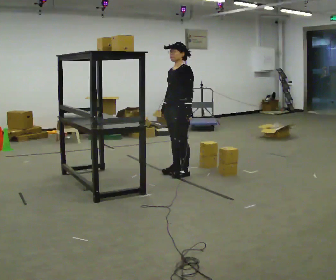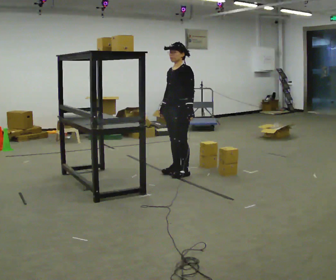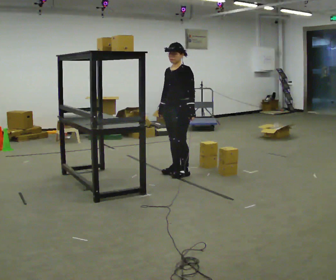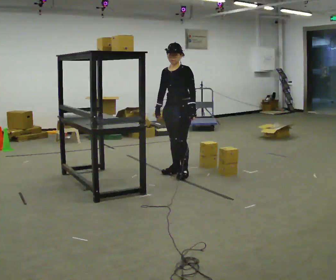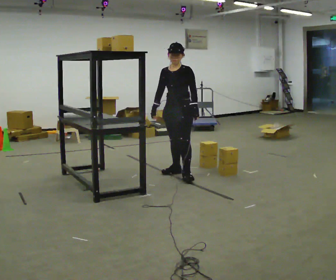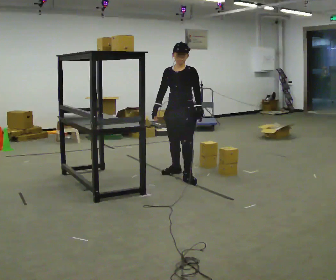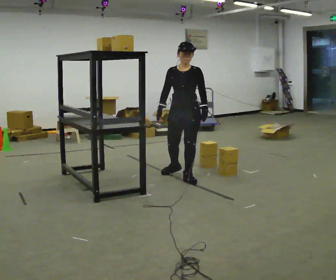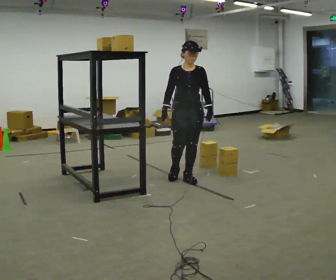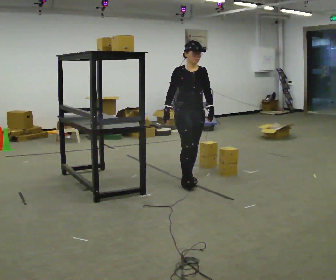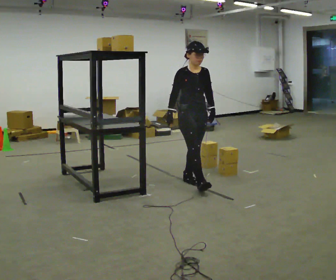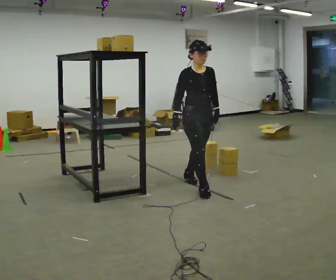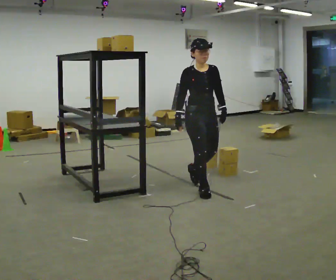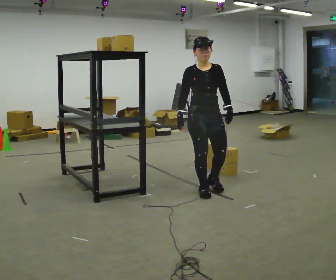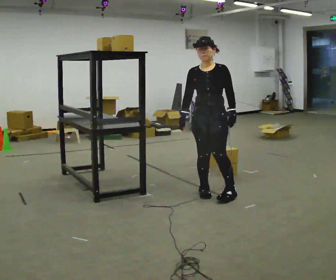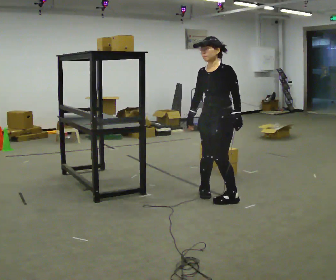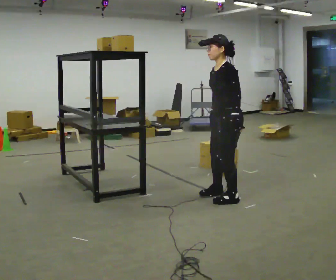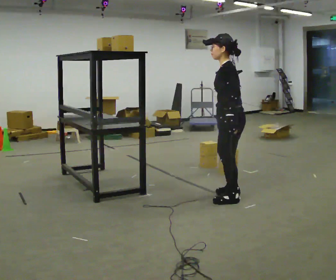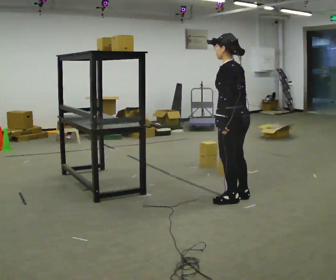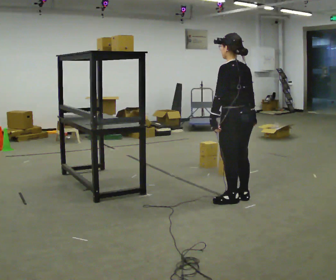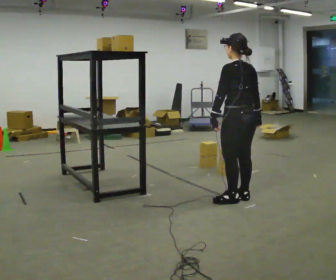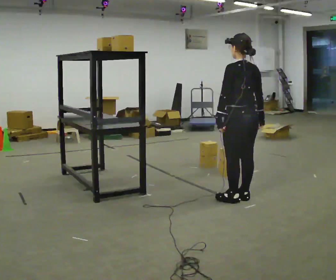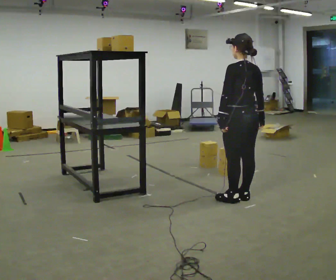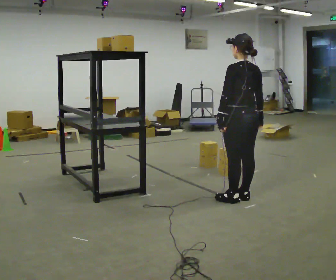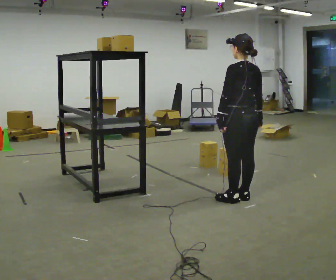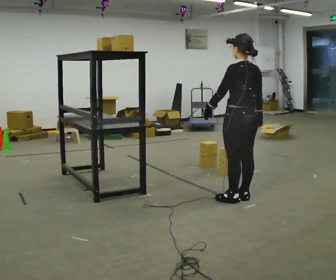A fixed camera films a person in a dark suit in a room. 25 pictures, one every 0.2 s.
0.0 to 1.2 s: The part of the body nearest the lens slides to the right as the person turns to their left by about 45 degrees. In the picture they go toward the camera, about 0.25 m in 1 step, which for them is to their left and forward.
1.2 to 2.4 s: In the picture they go toward the camera, about 0.5 m in 1 step, which for them is forward.
2.4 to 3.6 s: Seen from above the body turns clockwise, about 150 degrees: to their right, with its near side sliding to the left. In the picture they go to the right and toward the camera, about 0.5 m in 2 steps.
3.6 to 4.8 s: The person moves a little, or ends about where they began.
The film runs forward here.
